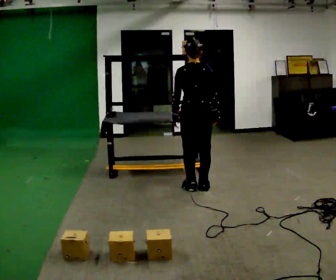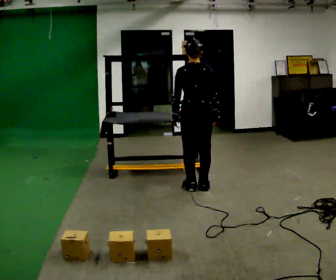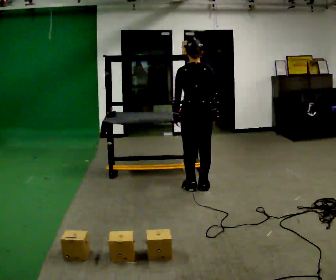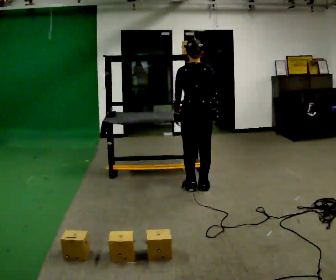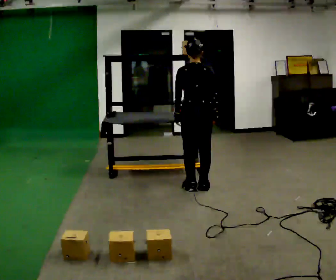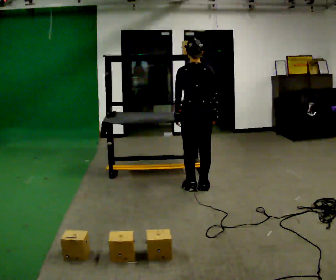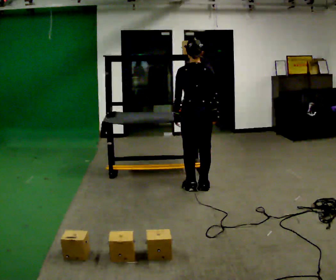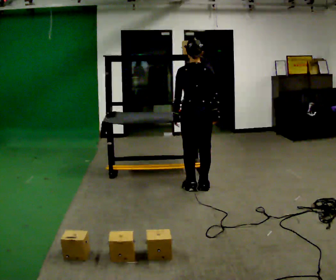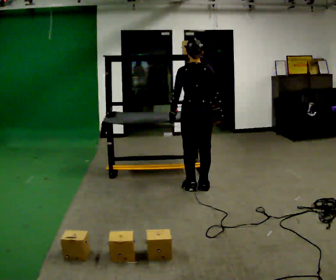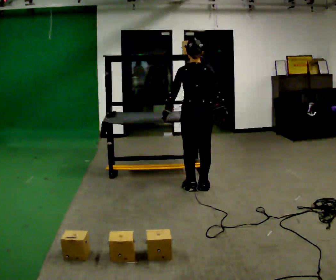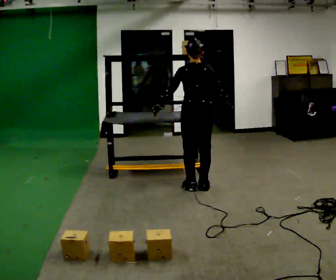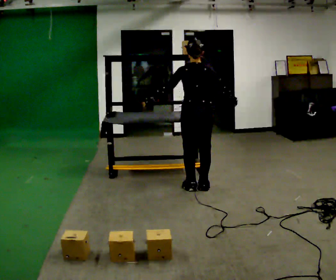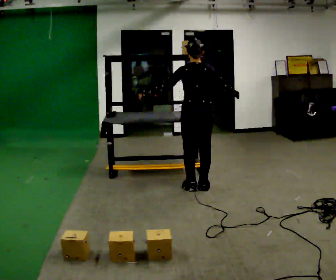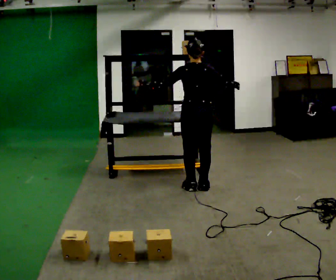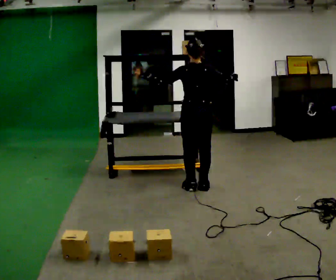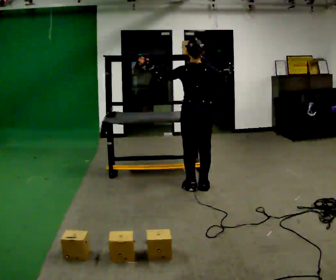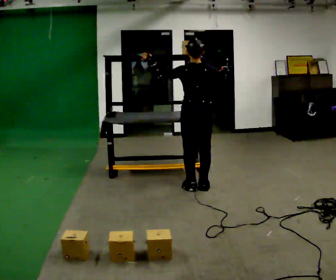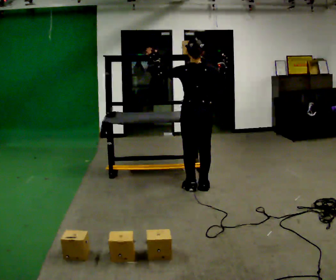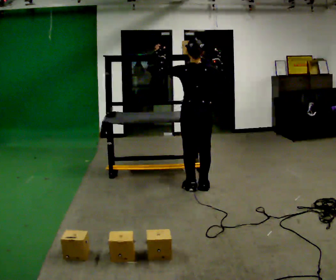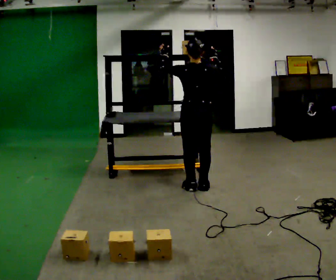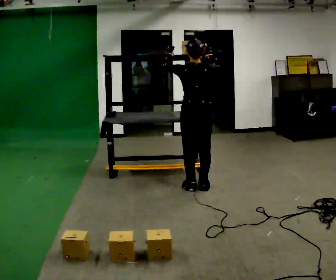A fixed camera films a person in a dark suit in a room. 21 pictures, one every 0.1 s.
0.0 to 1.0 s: The person moves a little, or ends about where they began.
1.0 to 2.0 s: In the picture their left hand goes upward, the arm swinging clockwise.
The film runs forward here.
